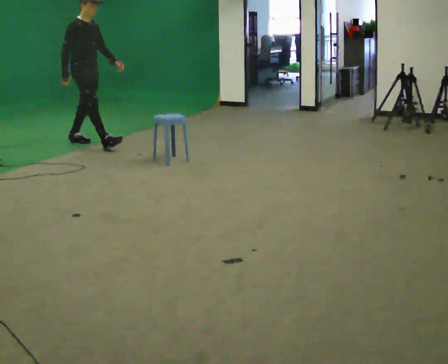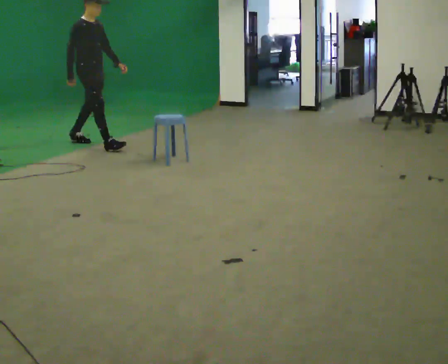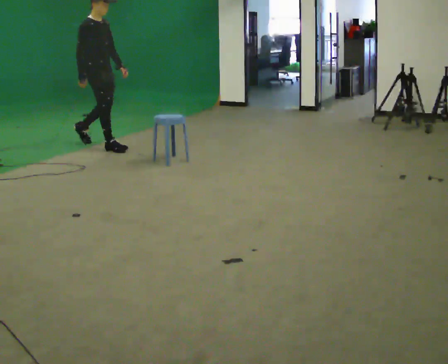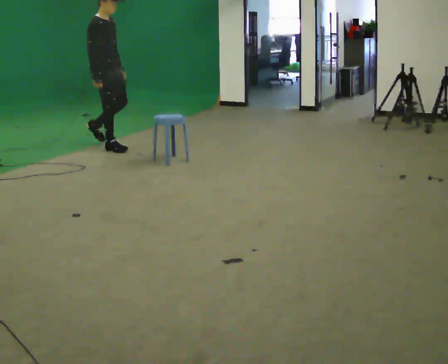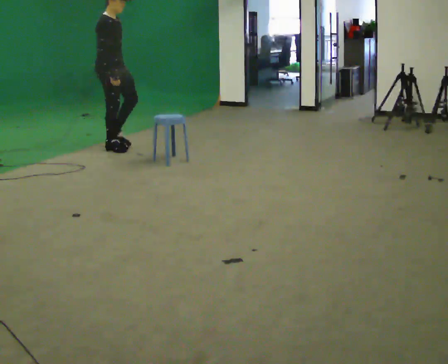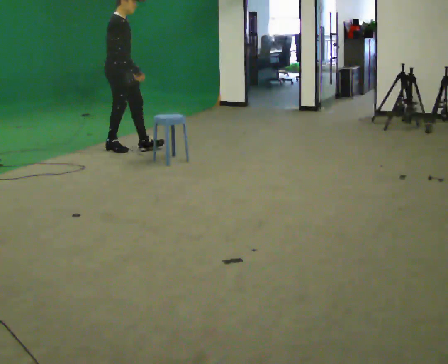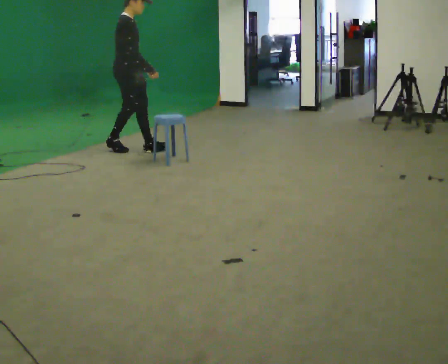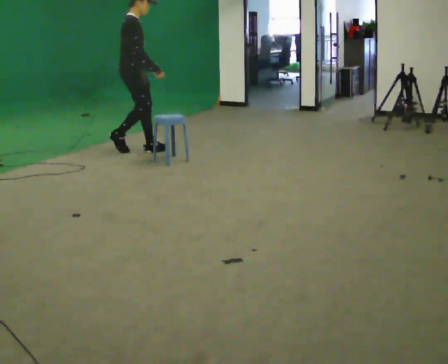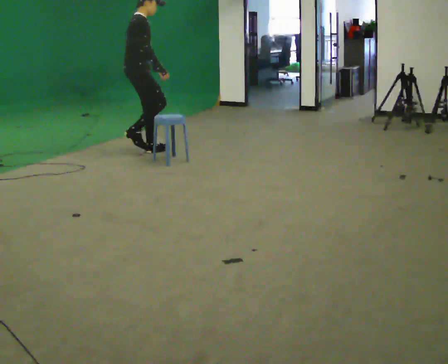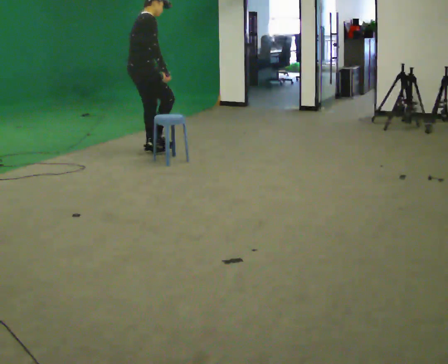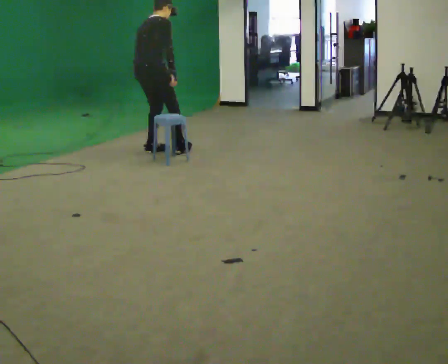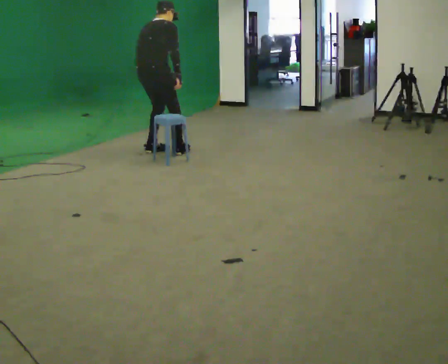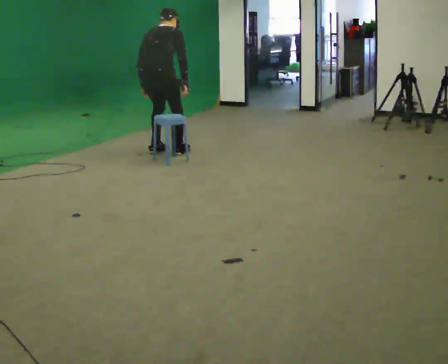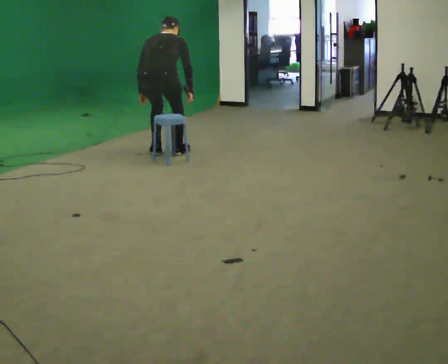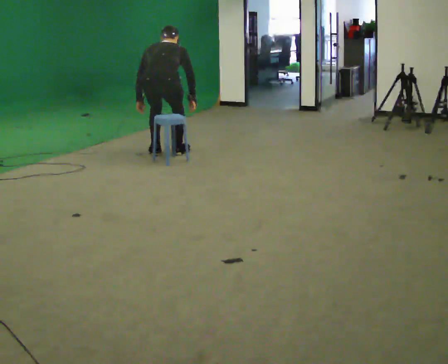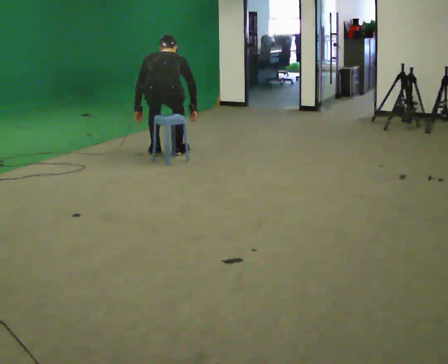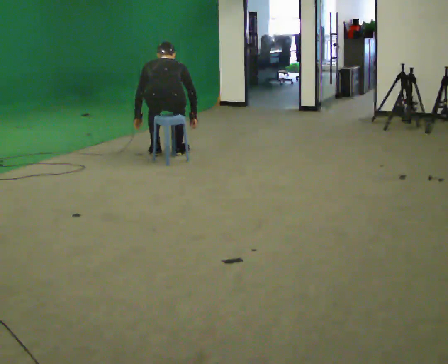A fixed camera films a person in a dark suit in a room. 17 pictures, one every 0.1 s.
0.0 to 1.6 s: Seen from above the body turns counterclockwise, about 105 degrees: to their left, with its near side sliding to the right. In the picture they go to the right and toward the camera, about 1 m in 3 steps. The upper body goes downward. The upper body tips away from the camera, its near side rolling upward, as they bend forward. In the picture their left hand goes downward, the arm swinging clockwise.
The film runs forward here.
